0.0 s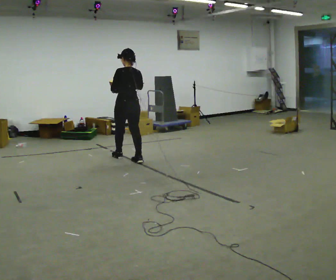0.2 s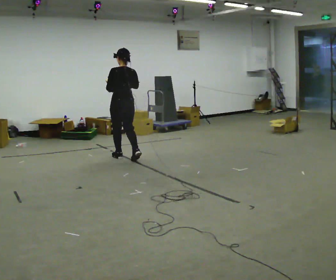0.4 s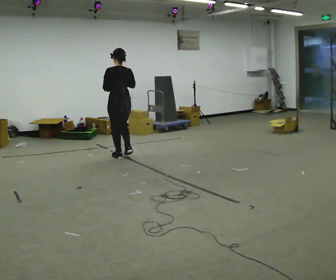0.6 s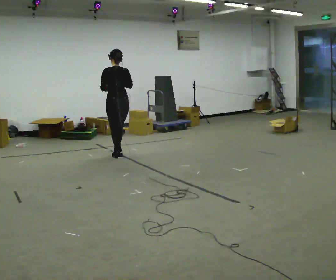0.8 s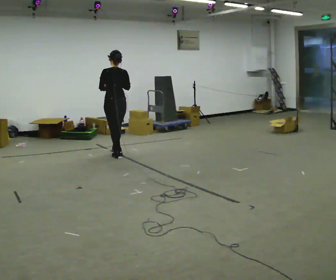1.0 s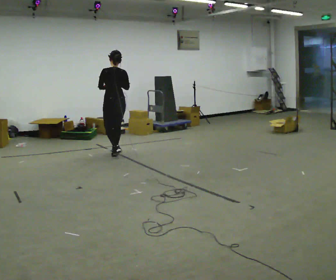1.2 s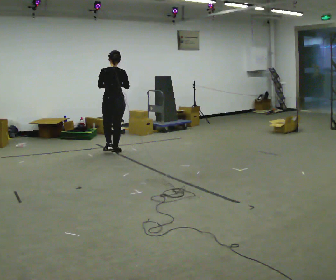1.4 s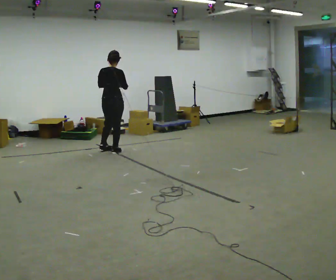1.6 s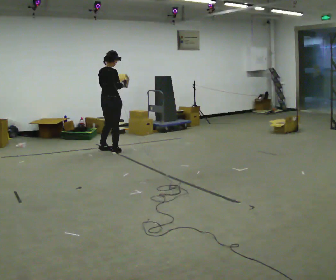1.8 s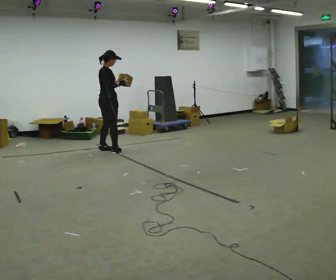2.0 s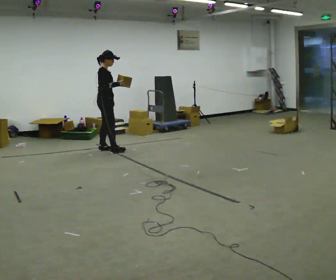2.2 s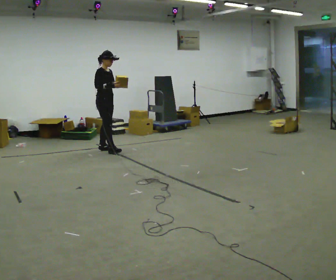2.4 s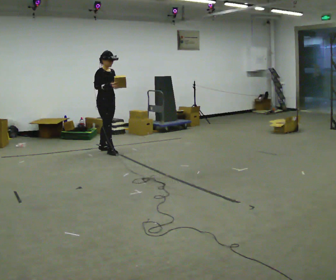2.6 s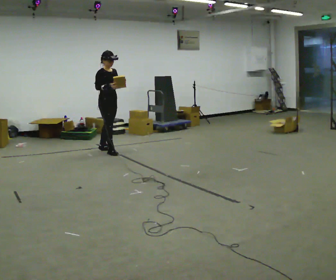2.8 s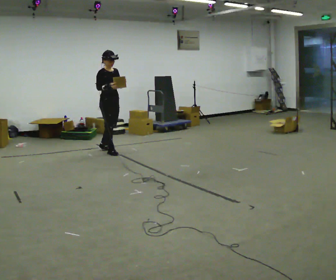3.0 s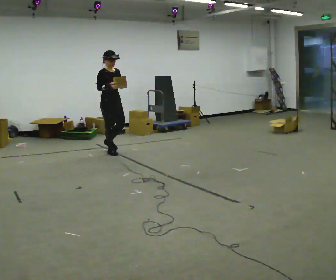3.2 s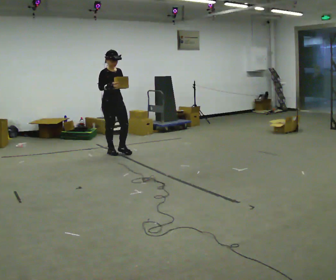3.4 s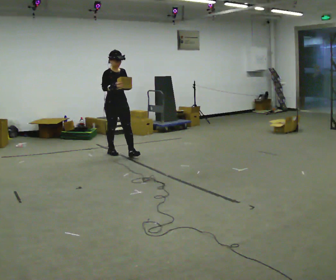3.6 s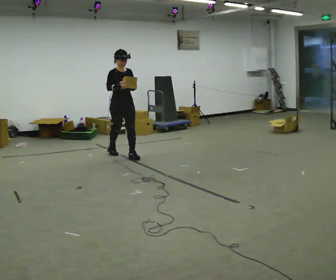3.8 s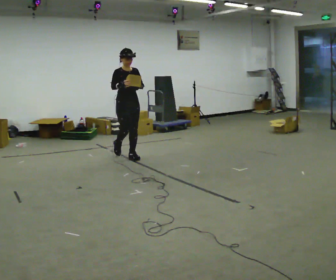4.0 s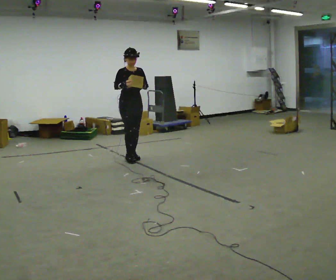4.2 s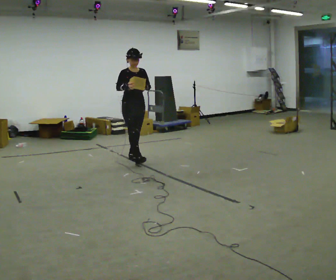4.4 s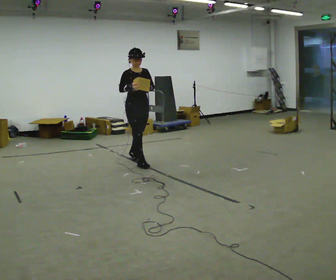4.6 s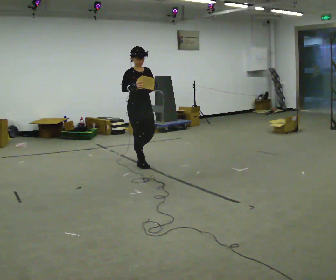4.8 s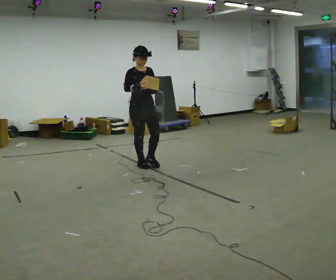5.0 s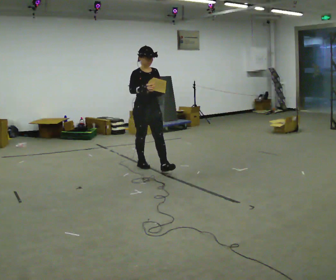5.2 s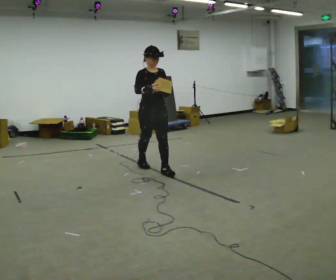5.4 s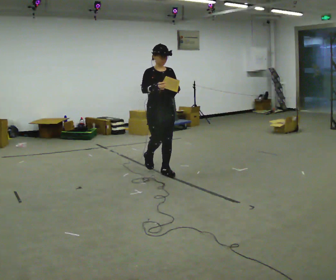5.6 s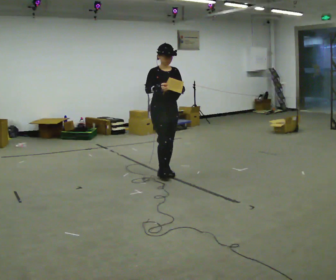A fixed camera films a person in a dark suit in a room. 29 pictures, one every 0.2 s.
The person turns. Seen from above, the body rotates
clockwise.
The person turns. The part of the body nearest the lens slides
to the left.
0.0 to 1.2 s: In the picture they go away from the camera and to the left, about 0.5 m in 1 step, which for them is forward.
1.2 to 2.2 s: The person turns about 120 degrees to their right, clockwise seen from above, so the part of the body nearest the lens slides to the left. In the picture they go away from the camera and to the left, about 0.25 m in 1 step.
2.2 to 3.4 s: The part of the body nearest the lens slides to the left as the person turns to their right by about 30 degrees. In the picture they go toward the camera and to the right, about 0.5 m, which for them is forward.
3.4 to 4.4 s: In the picture they go toward the camera and to the right, about 0.5 m in 2 steps, which for them is forward.
4.4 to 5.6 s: In the picture they go toward the camera and to the right, about 0.5 m in 1 step, which for them is forward.
The film runs forward here.
